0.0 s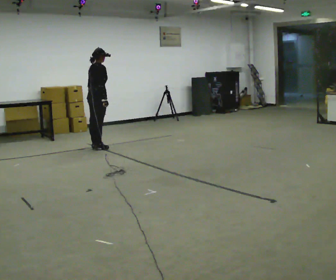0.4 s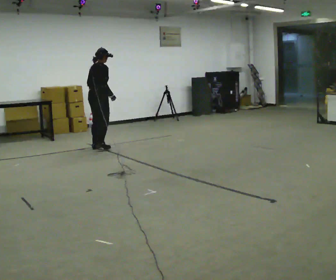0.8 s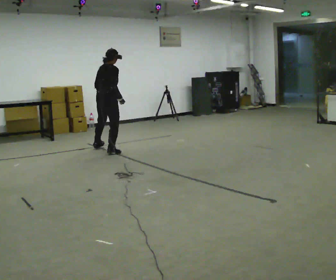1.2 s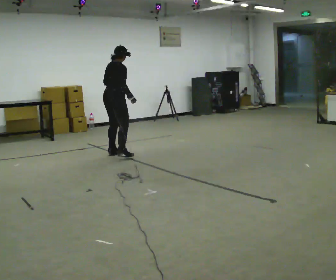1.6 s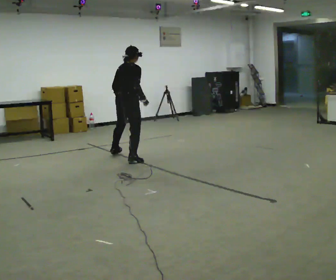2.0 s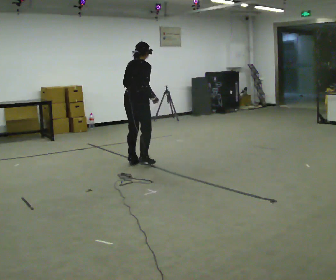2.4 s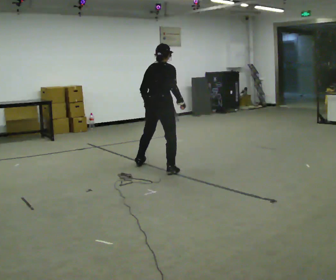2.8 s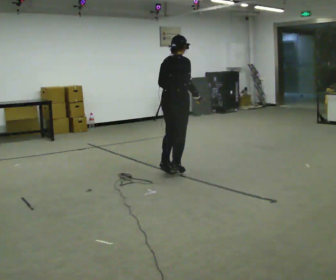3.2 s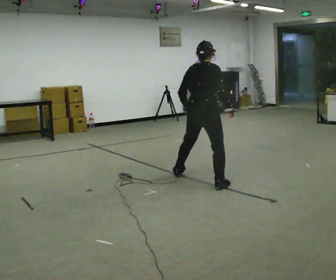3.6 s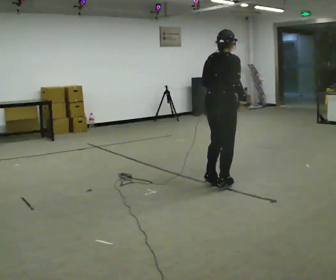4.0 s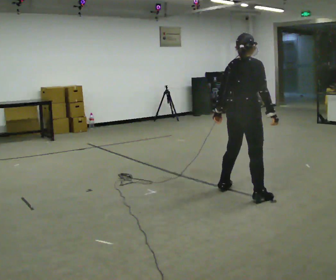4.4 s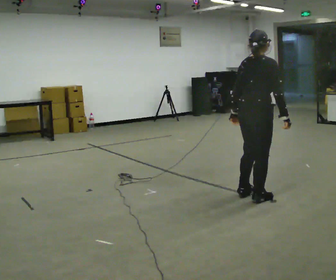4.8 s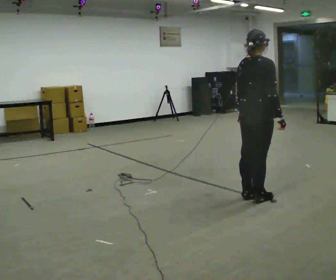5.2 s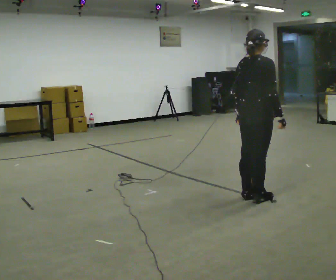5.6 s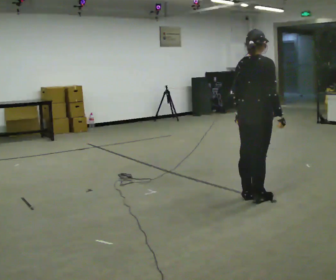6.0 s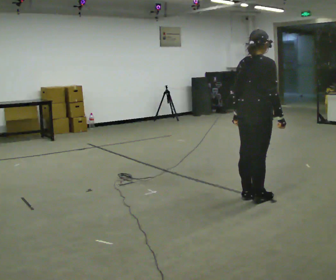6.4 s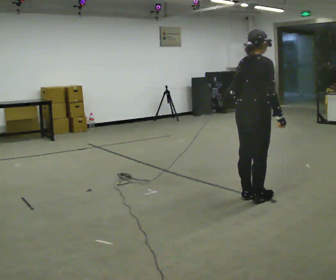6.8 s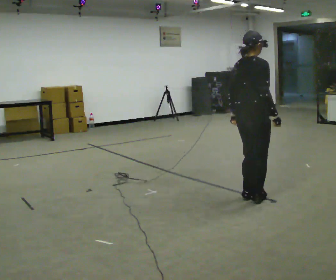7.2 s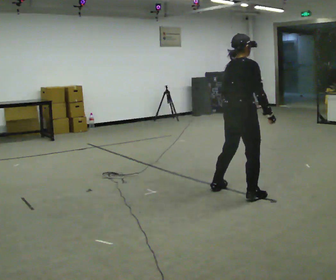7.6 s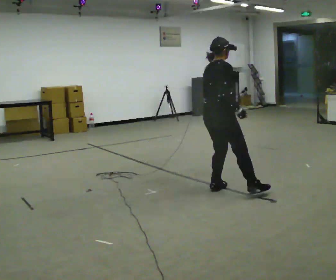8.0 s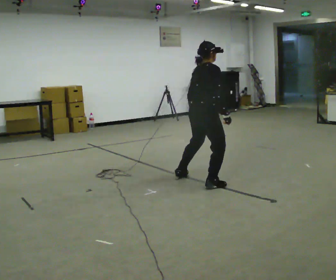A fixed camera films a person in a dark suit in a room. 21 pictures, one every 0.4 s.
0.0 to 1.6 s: In the picture they go to the right and toward the camera, about 1 m in 4 steps, which for them is to their right.
1.6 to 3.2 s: In the picture they go to the right and toward the camera, about 1.5 m in 4 steps, which for them is to their right.
3.2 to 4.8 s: In the picture they go to the right and toward the camera, about 1 m in 2 steps, which for them is to their right.
4.8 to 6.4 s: The person moves a little, or ends about where they began.
6.4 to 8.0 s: In the picture they go away from the camera and to the left, about 0.75 m in 3 steps, which for them is to their left.
The film runs backward here.
